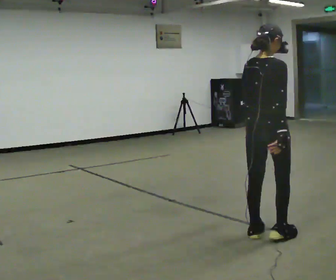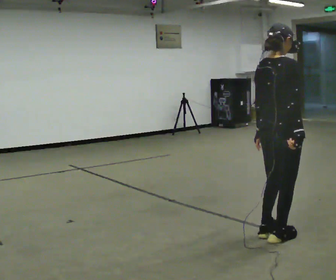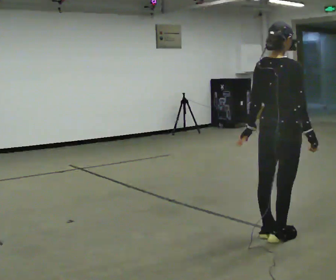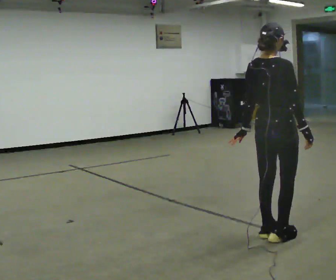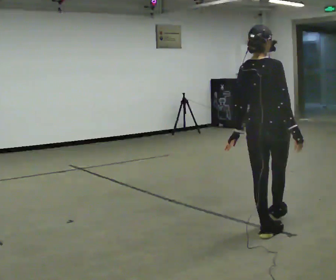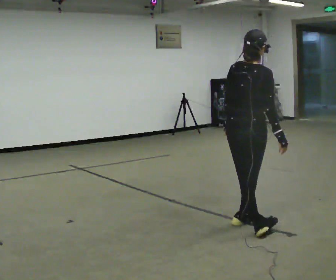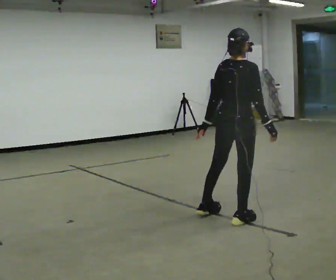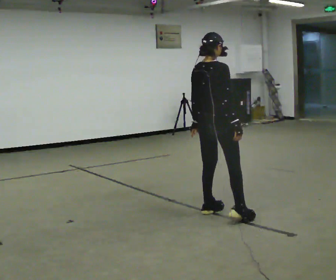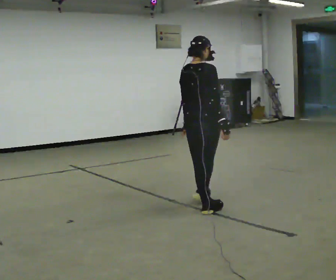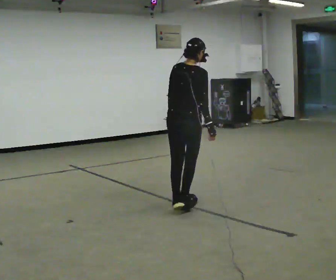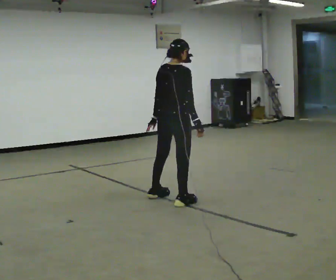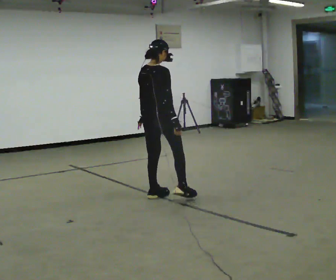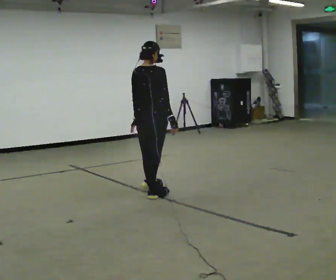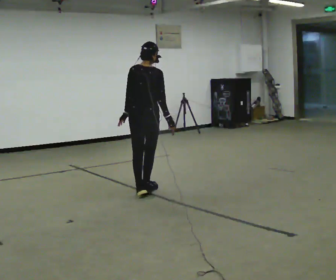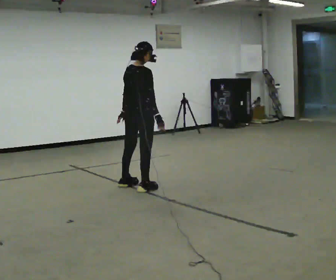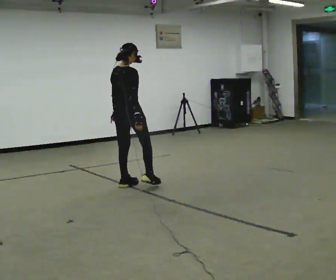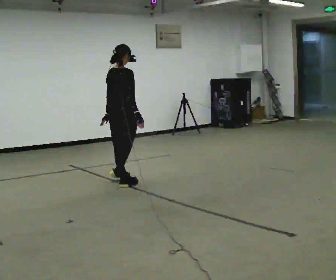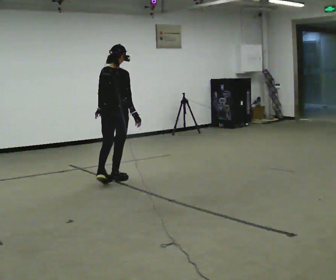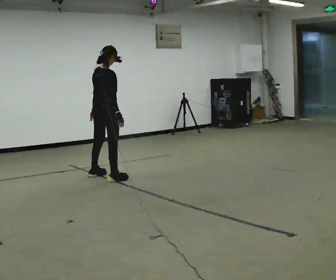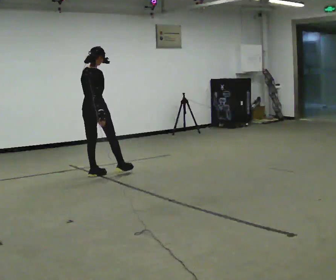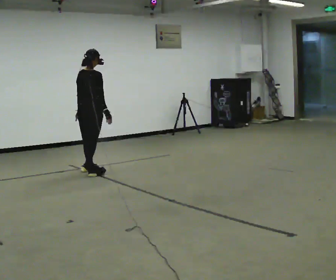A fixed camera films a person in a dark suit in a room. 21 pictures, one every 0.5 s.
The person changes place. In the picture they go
away from the camera.
0.0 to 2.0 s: The person moves a little, or ends about where they began.
2.0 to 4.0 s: In the picture they go away from the camera and to the left, about 1 m in 2 steps, which for them is to their left.
4.0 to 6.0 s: In the picture they go away from the camera and to the left, about 0.5 m in 2 steps, which for them is to their left.
6.0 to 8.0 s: In the picture they go away from the camera and to the left, about 0.5 m in 2 steps, which for them is to their left.
8.0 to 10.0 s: In the picture they go away from the camera and to the left, about 1 m in 3 steps, which for them is to their left.
The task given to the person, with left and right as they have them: Move sideways in the direction the operator calls, crossing one foot in front and then behind, alternating.
The film runs forward here.
